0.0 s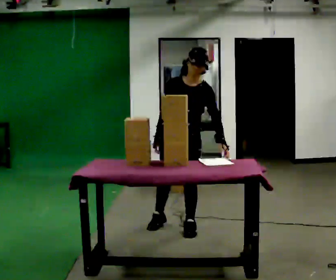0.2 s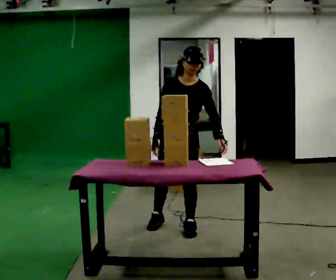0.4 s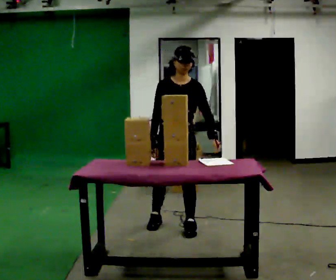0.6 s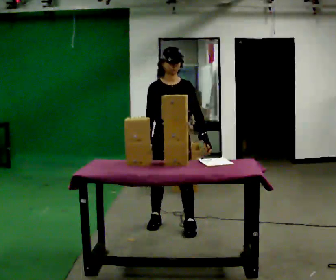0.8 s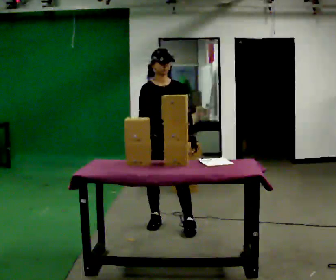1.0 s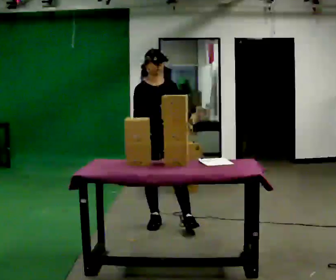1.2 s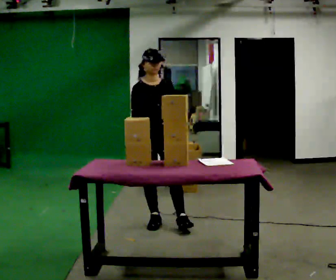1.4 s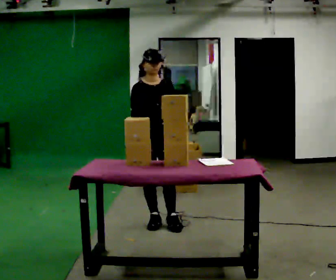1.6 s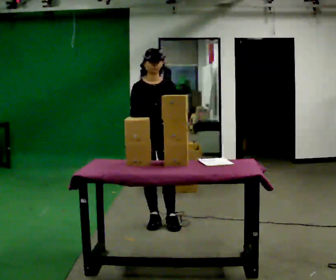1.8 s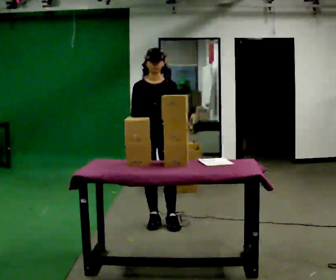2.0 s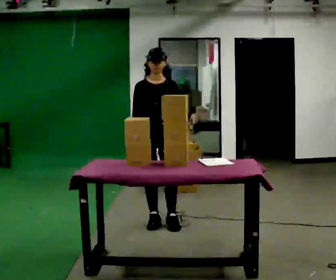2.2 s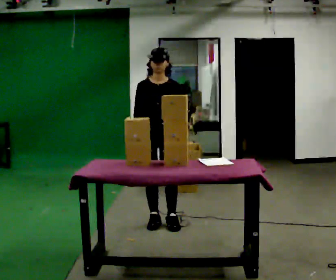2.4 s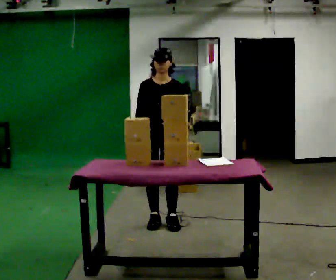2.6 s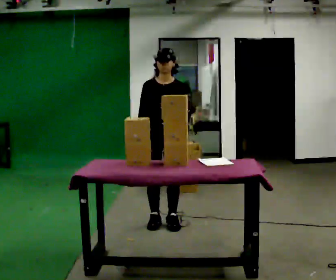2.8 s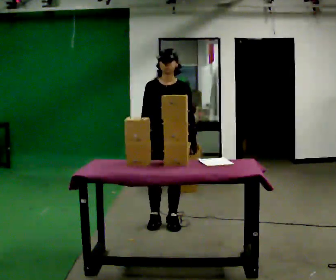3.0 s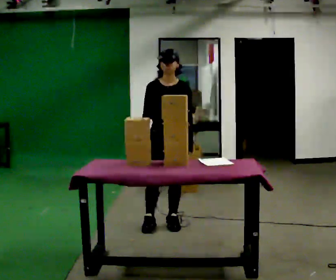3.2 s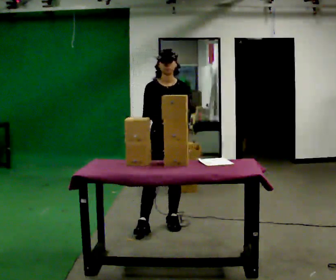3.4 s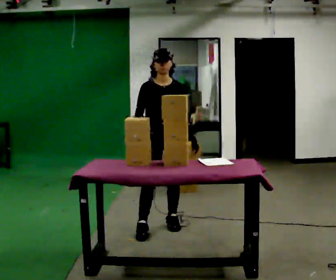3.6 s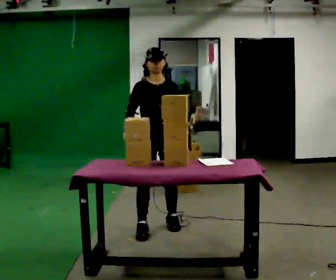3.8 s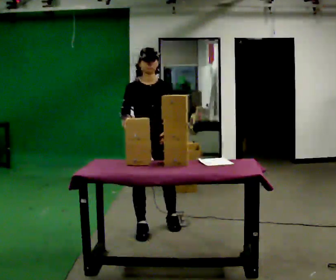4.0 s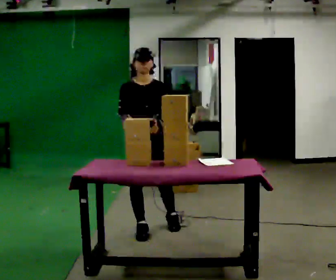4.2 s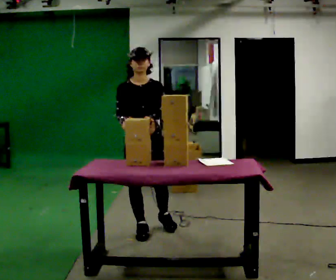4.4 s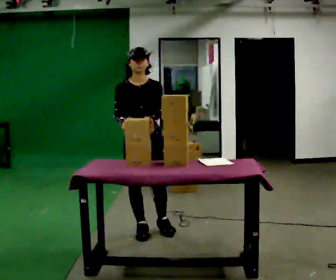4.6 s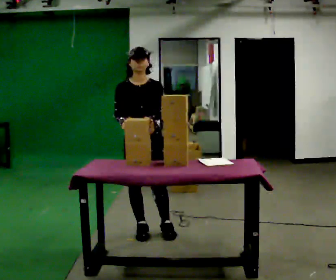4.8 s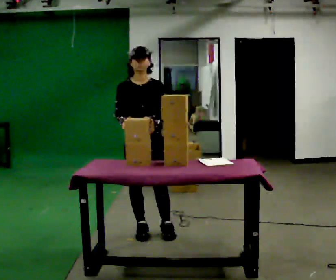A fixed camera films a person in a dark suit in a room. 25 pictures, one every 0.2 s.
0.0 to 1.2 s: The part of the body nearest the lens slides to the right as the person turns to their left by about 30 degrees. In the picture they go to the left and away from the camera, about 0.25 m in 1 step, which for them is to their right and backward. The upper body tips away from the camera, its near side rolling upward, as they lean back or straighten.
1.2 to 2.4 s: The part of the body nearest the lens slides to the left as the person turns to their right by about 30 degrees.
2.4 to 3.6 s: The person moves a little, or ends about where they began.
3.6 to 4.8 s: In the picture they go toward the camera, about 0.25 m in 1 step, which for them is to their right.
The film runs backward here.
